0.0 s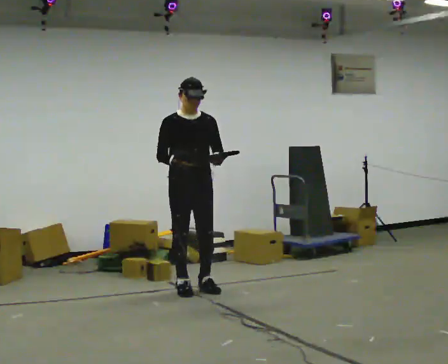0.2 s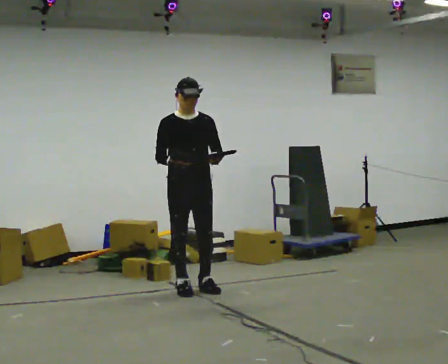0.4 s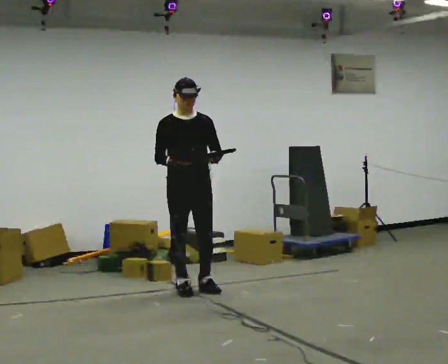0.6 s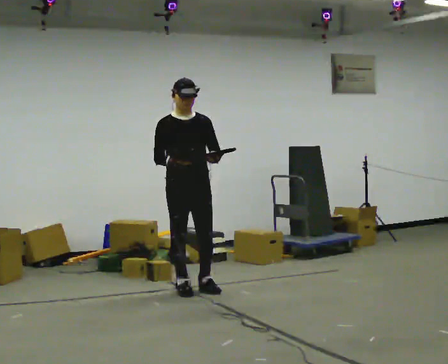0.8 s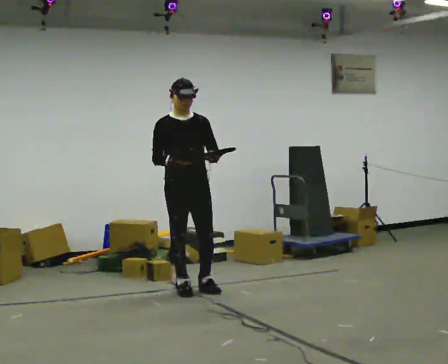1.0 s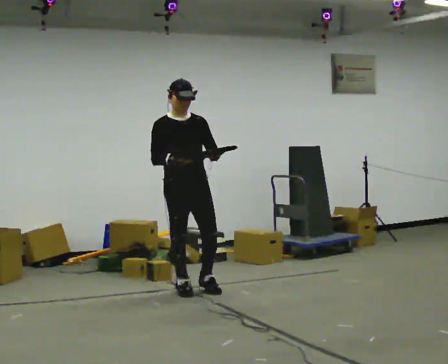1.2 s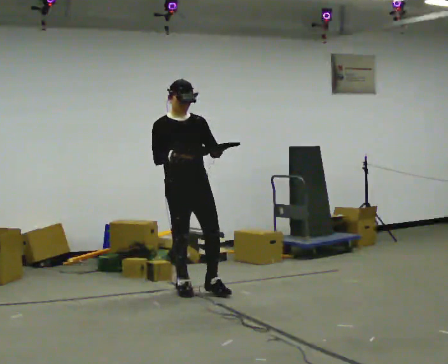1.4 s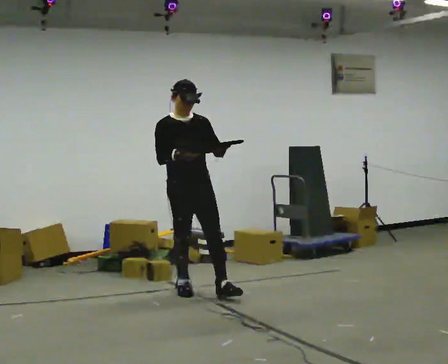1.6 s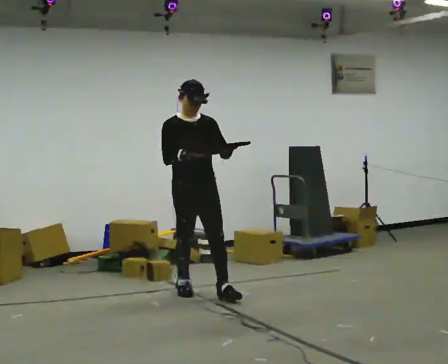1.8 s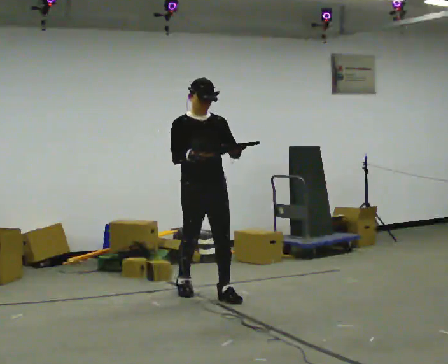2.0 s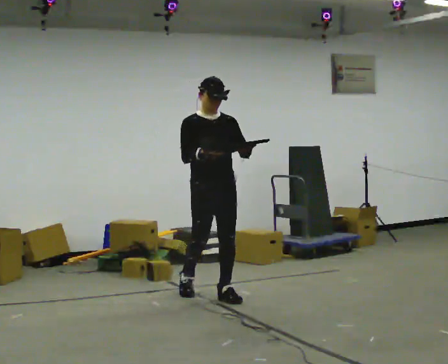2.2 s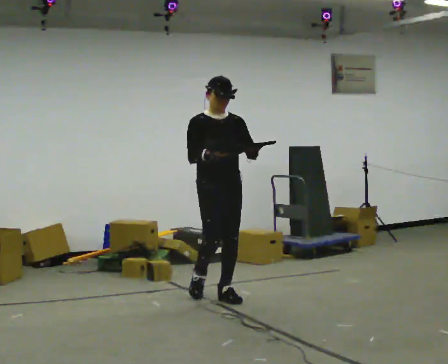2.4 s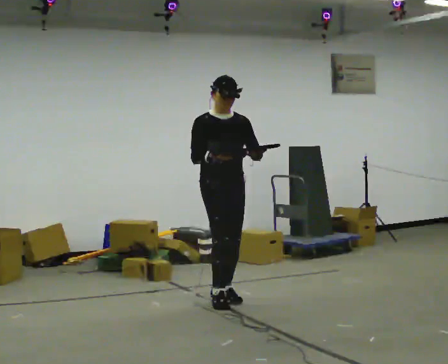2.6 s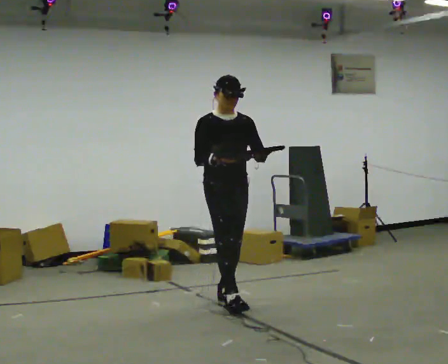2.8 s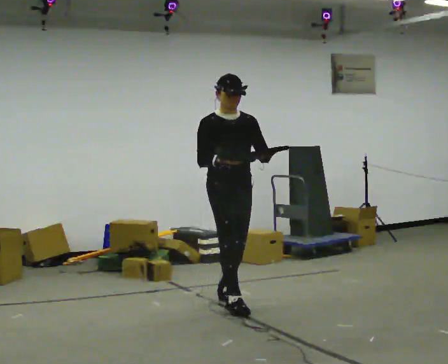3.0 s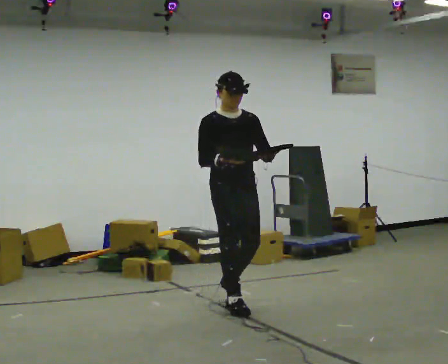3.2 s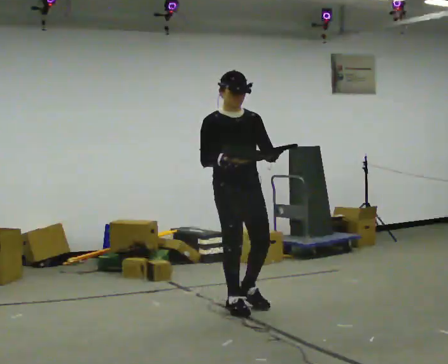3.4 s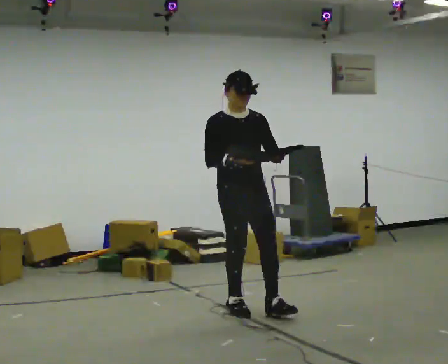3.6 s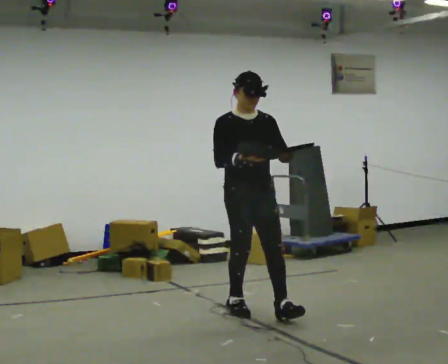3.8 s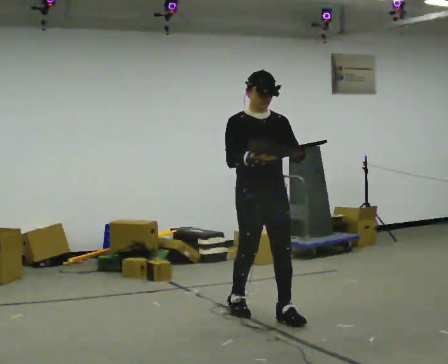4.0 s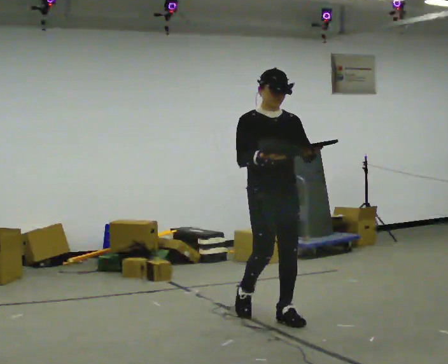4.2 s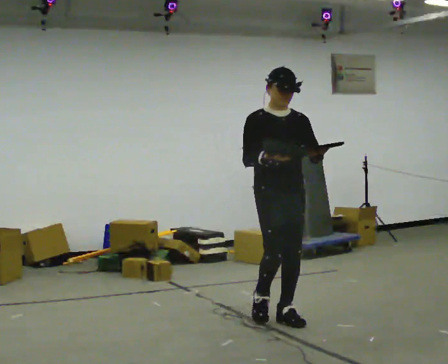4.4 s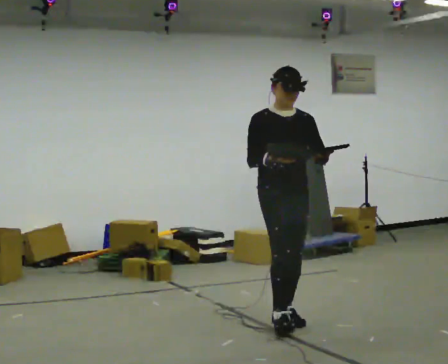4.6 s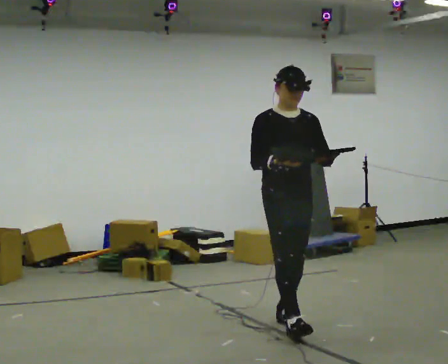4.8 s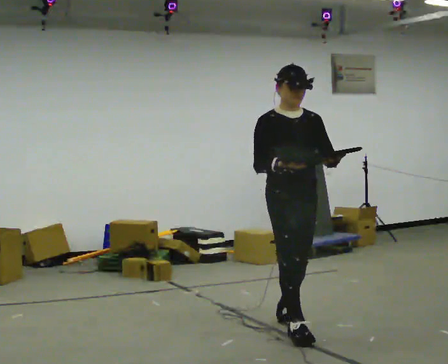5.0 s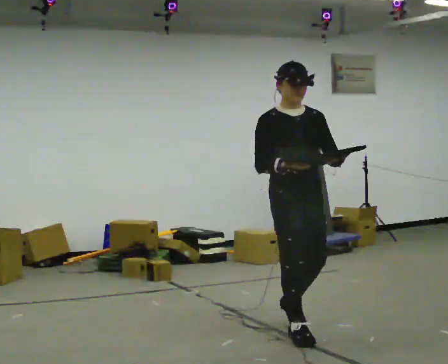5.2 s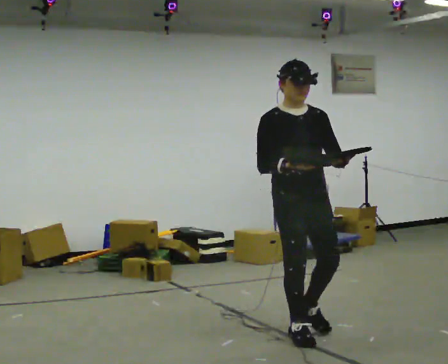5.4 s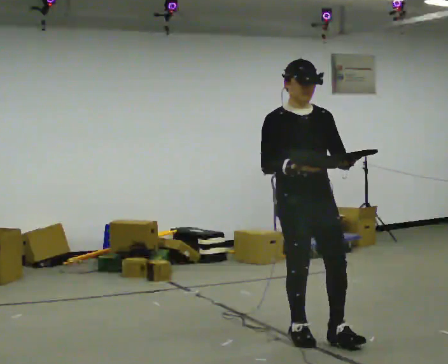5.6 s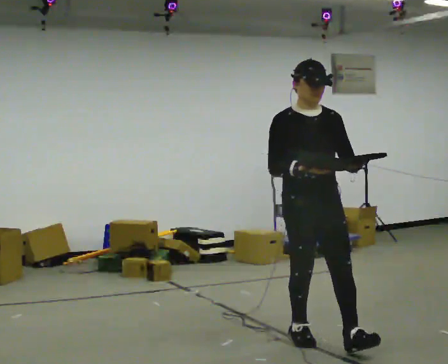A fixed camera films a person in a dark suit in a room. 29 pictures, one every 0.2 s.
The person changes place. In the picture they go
toward the camera.
0.0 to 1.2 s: The person moves a little, or ends about where they began.
1.2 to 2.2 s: In the picture they go to the right and toward the camera, about 0.25 m in 1 step, which for them is forward and to their left.
2.2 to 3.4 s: In the picture they go toward the camera and to the right, about 0.5 m in 1 step, which for them is forward.
3.4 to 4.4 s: In the picture they go toward the camera and to the right, about 0.5 m in 1 step, which for them is forward.
4.4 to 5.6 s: In the picture they go toward the camera, about 0.5 m in 2 steps, which for them is forward.
The film runs forward here.
